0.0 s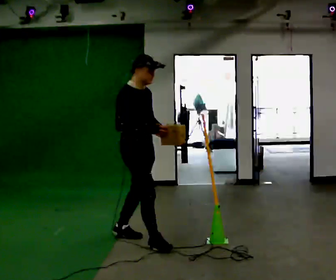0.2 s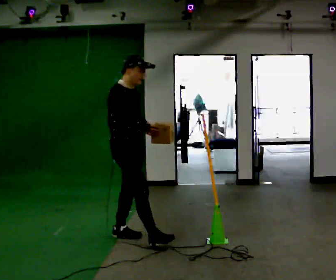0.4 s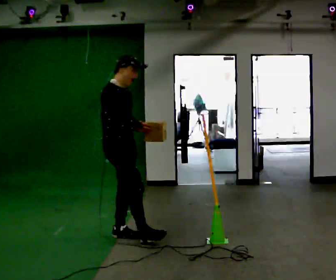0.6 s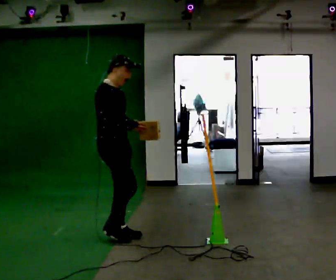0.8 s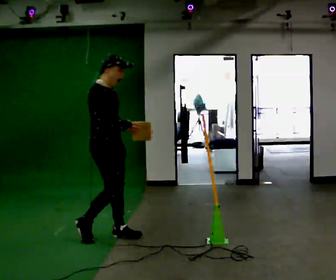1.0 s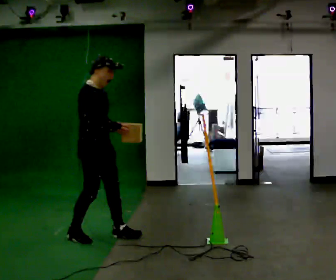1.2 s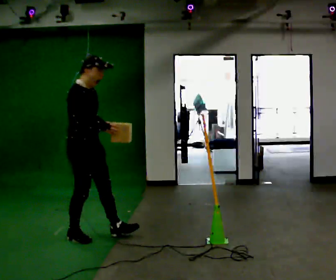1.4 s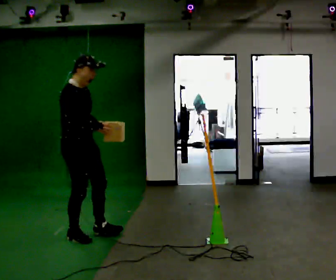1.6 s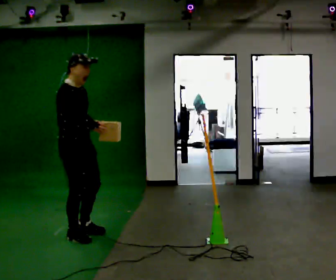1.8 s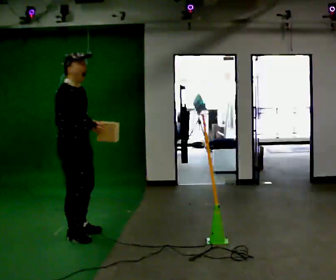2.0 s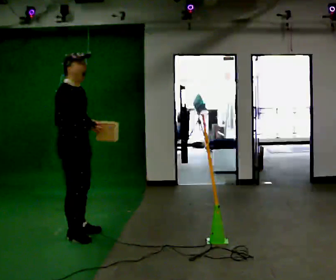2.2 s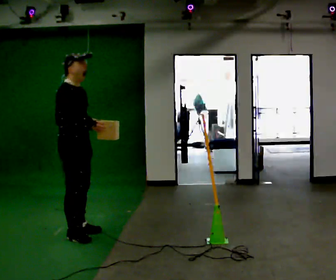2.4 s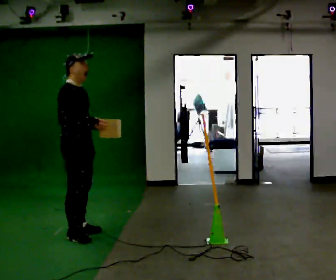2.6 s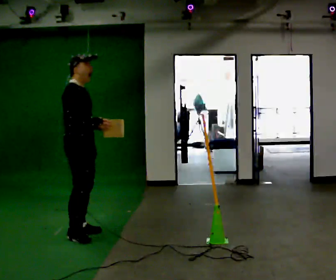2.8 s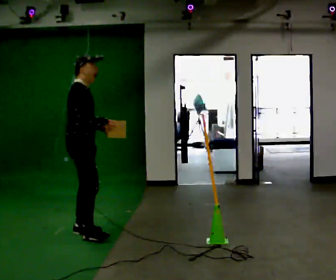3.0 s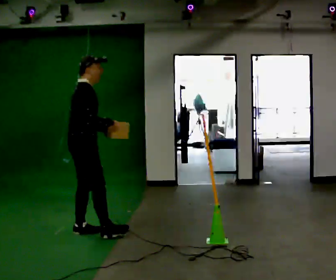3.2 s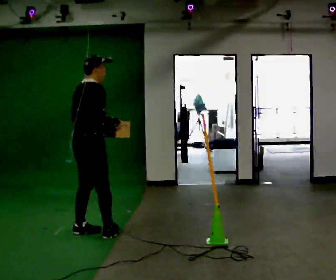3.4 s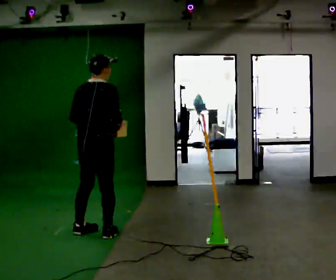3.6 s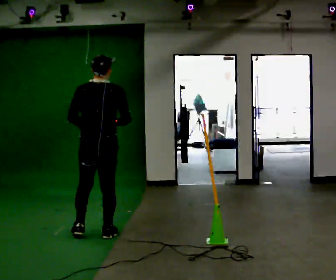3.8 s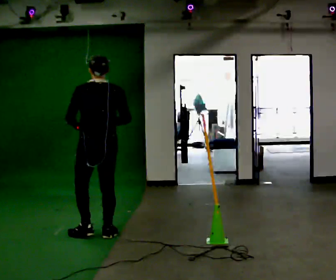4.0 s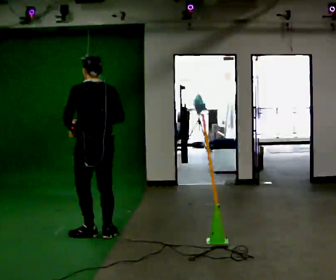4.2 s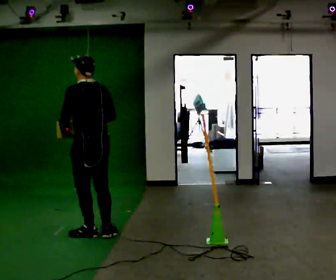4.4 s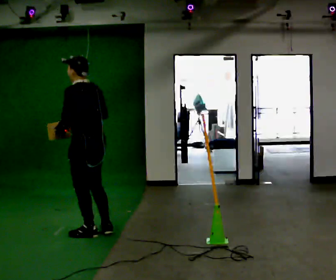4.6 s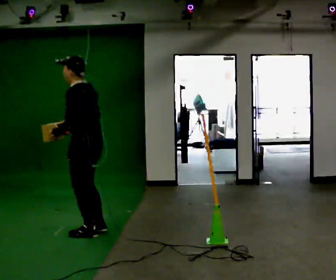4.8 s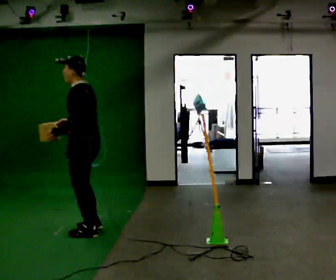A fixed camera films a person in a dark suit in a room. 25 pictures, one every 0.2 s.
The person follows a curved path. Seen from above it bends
clockwise.
Their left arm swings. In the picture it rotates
clockwise.
0.0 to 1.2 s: In the picture they go to the left and away from the camera, about 0.5 m in 2 steps, which for them is backward.
1.2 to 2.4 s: The person moves a little, or ends about where they began.
2.4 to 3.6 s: The person turns about 90 degrees to their left, counterclockwise seen from above, so the part of the body nearest the lens slides to the right. In the picture they go to the right, about 0.25 m in 2 steps.
3.6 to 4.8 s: The part of the body nearest the lens slides to the right as the person turns to their left by about 90 degrees.
The film runs backward here.
